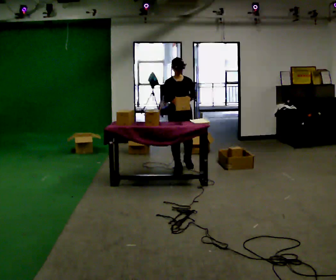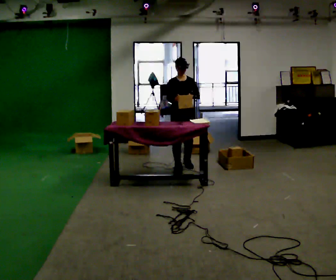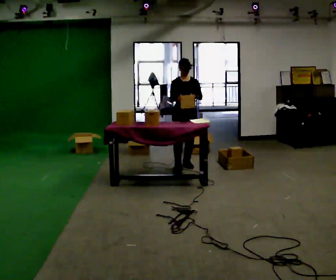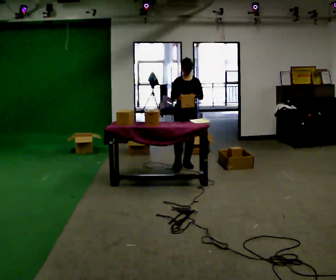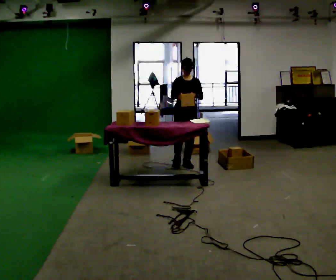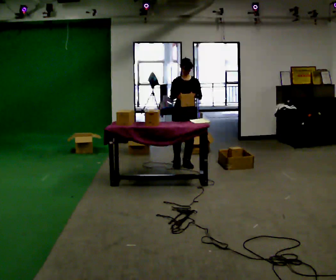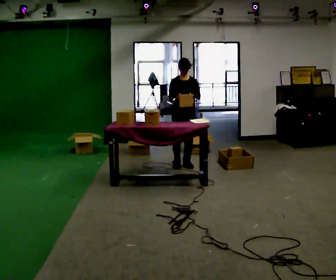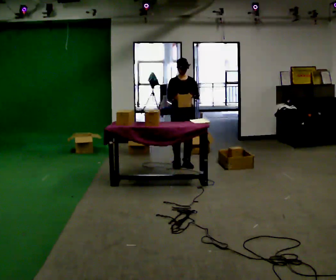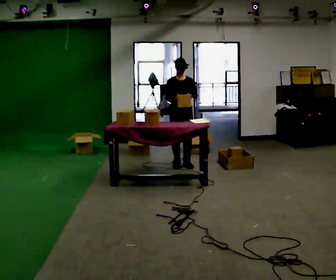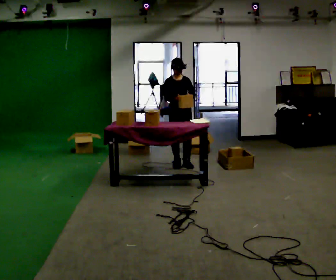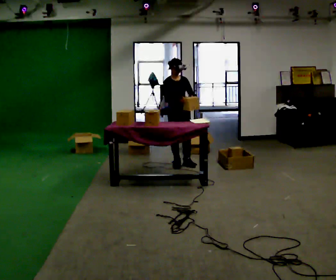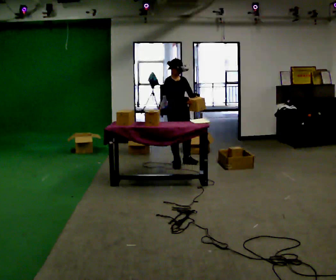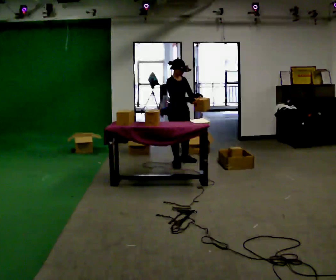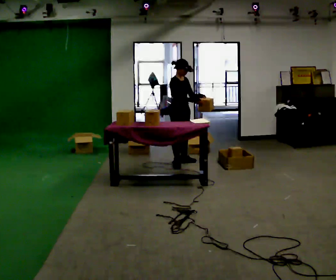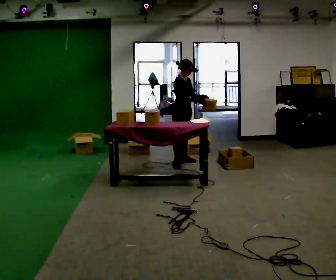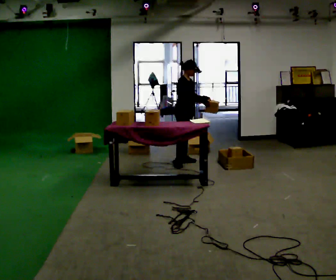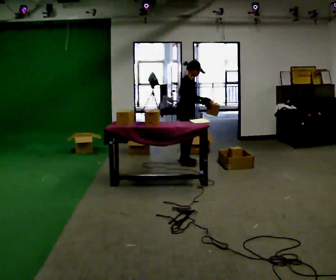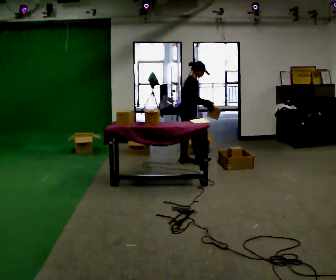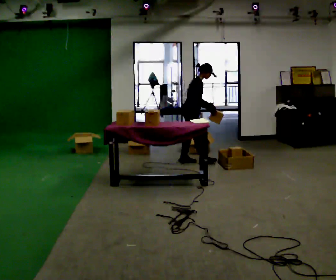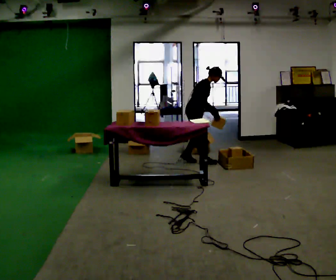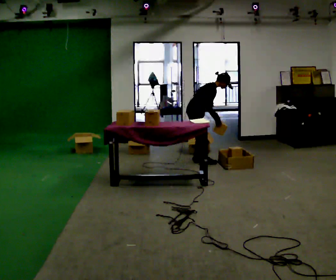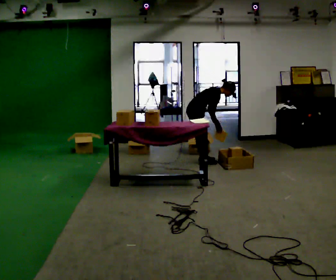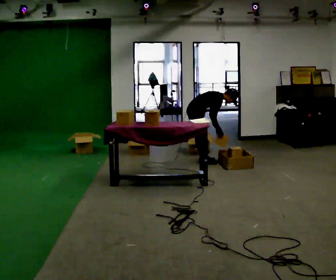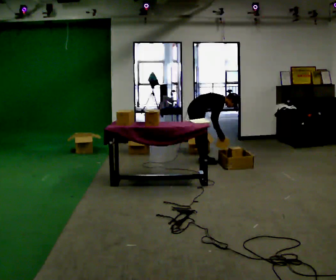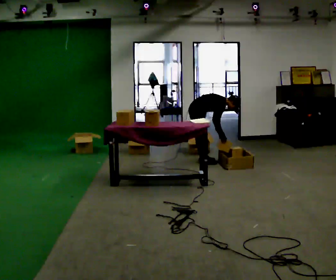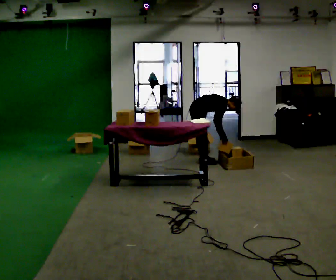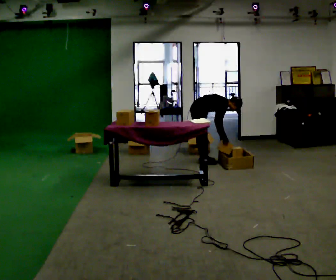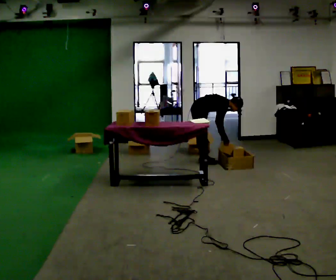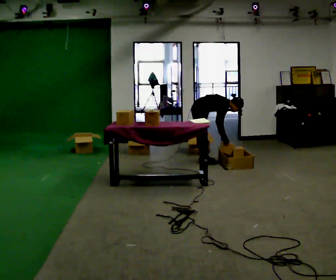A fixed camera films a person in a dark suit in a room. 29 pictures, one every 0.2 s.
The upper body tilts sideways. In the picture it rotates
clockwise.
Their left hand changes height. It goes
downward.
0.0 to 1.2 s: In the picture they go away from the camera, about 0.25 m in 1 step, which for them is backward.
1.2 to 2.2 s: The part of the body nearest the lens slides to the right as the person turns to their left by about 45 degrees.
2.2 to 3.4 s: The person turns about 45 degrees to their left, counterclockwise seen from above, so the part of the body nearest the lens slides to the right. In the picture they go away from the camera, about 0.25 m in 1 step, which for them is to their left. In the picture the upper body tilts clockwise, shoulders to the right.
3.4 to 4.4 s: The upper body goes downward. In the picture the upper body tilts clockwise, shoulders to the right, as they bend forward. In the picture their left hand goes downward.
4.4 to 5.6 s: In the picture the upper body tilts clockwise, shoulders to the right, as they bend forward.
The film runs forward here.
